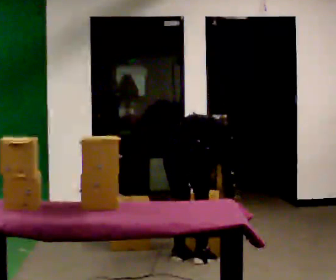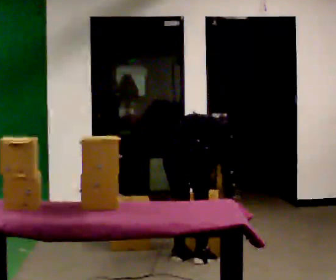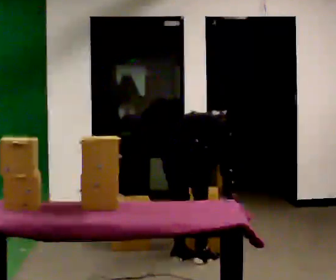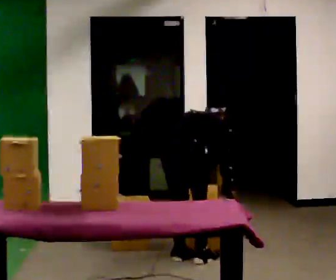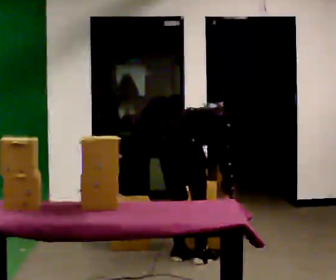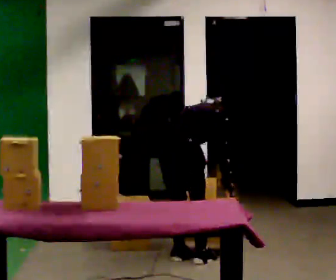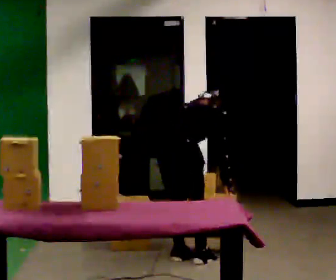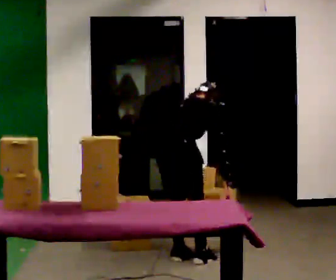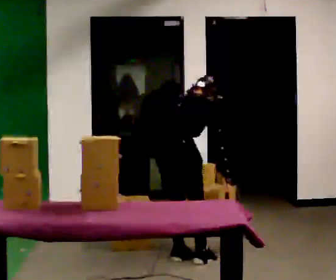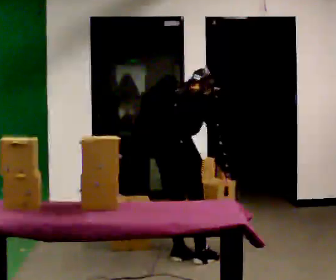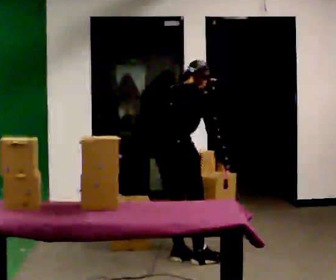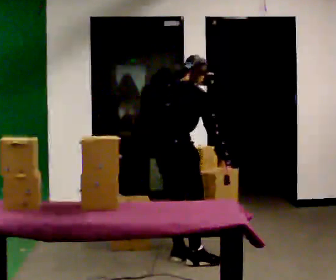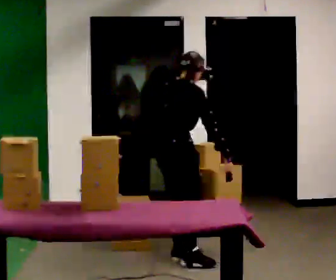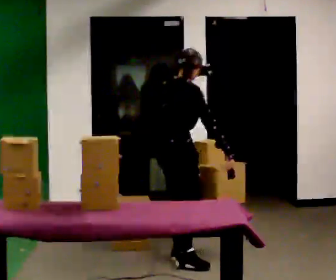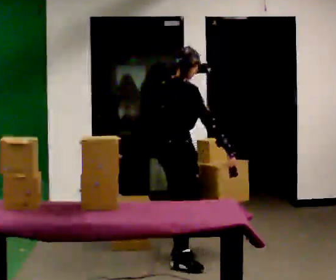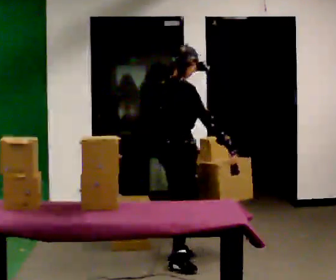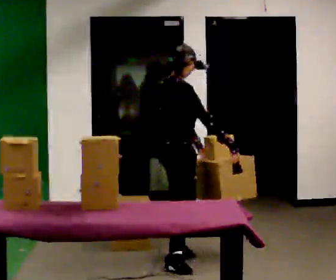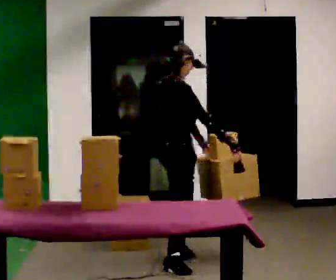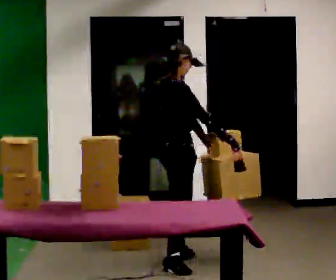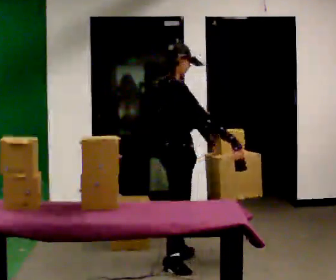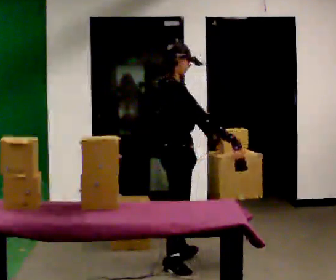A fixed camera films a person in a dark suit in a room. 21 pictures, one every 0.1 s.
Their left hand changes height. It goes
upward.
The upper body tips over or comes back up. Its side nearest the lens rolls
downward.
0.0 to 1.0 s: The shoulders move upward. The upper body tips toward the camera, its near side rolling downward, as they lean back or straighten. In the picture their right hand goes upward.
1.0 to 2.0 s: Seen from above the body turns clockwise, about 45 degrees: to their right, with its near side sliding to the left. In the picture they go toward the camera, about 0.25 m in 1 step, which for them is to their right. The upper body tips toward the camera, its near side rolling downward, as they lean back or straighten. In the picture their left hand goes to the right, the arm swinging counterclockwise.
The film runs forward here.
